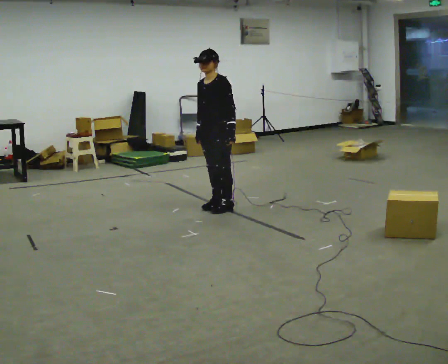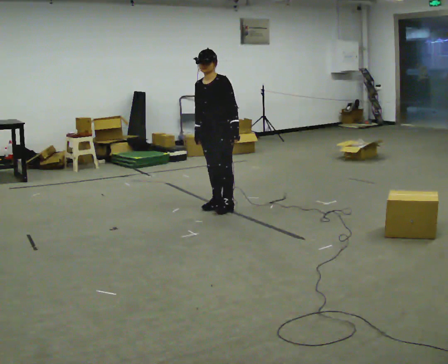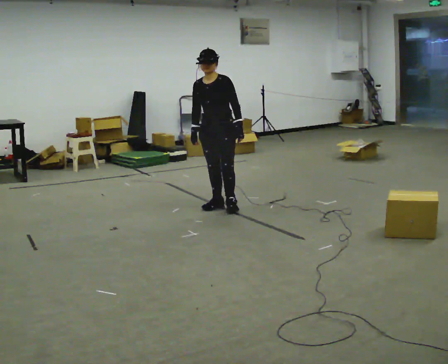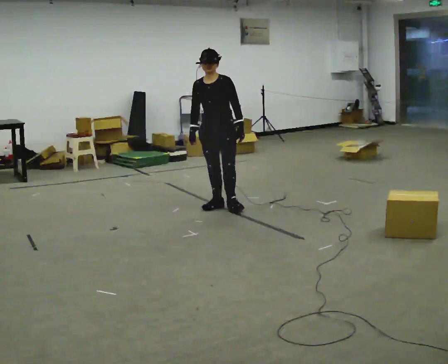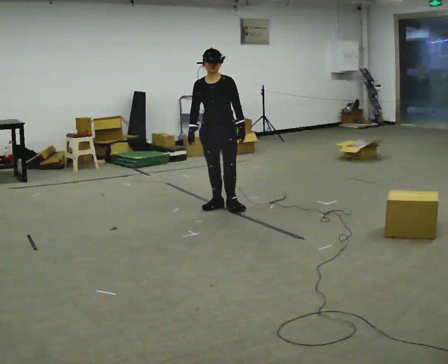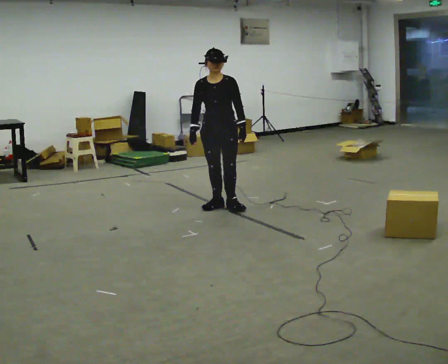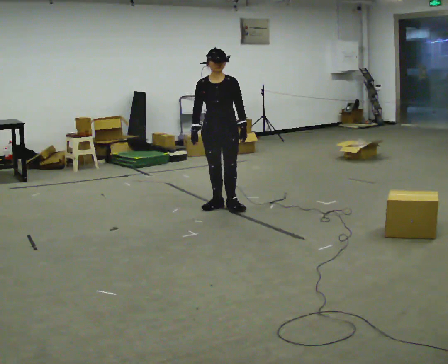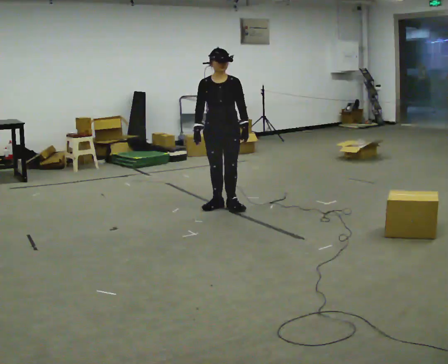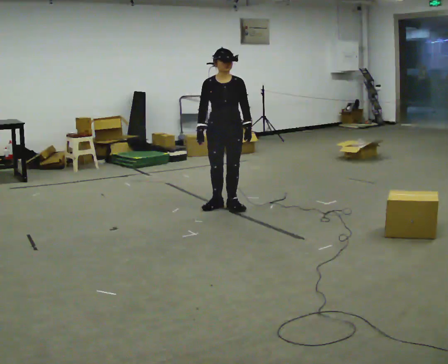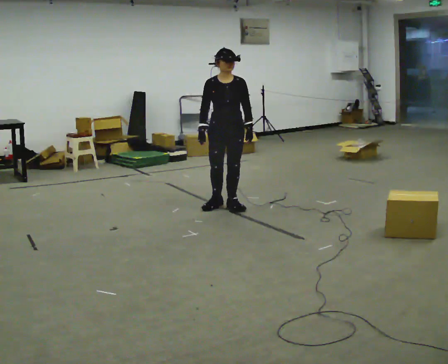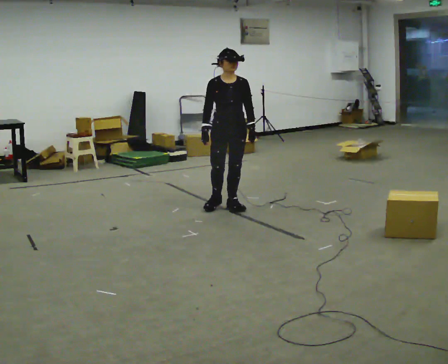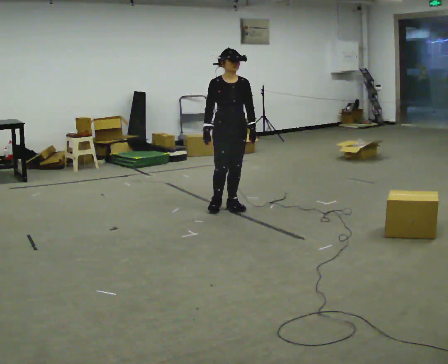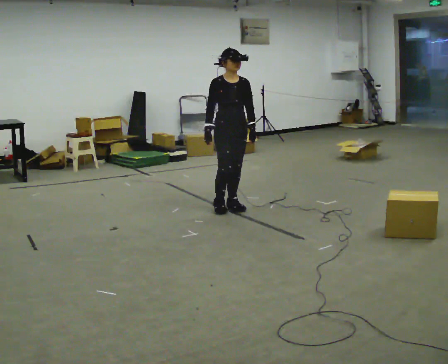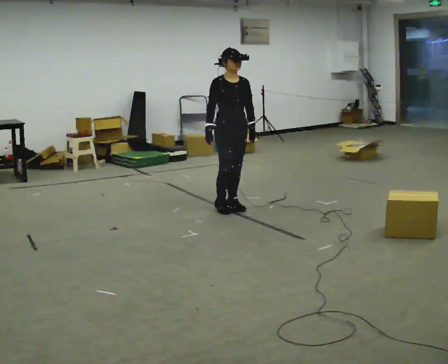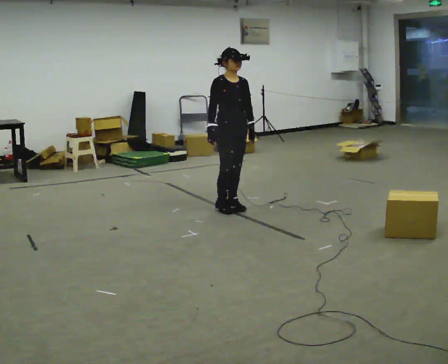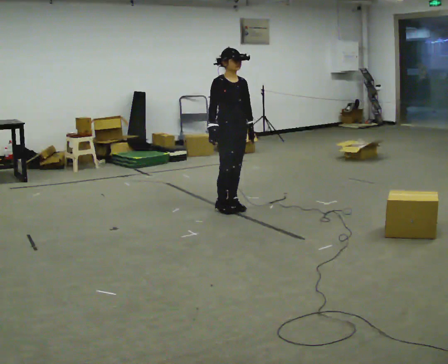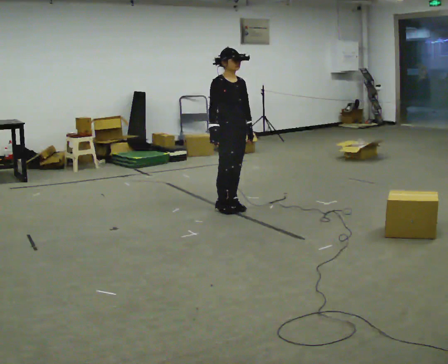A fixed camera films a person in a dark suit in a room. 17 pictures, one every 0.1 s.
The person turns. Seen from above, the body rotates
counterclockwise.
The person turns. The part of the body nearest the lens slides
to the right.
0.0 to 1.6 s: Seen from above the body turns counterclockwise, about 90 degrees: to their left, with its near side sliding to the right.
The film runs forward here.
